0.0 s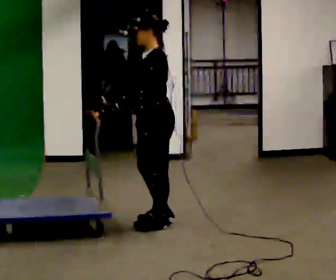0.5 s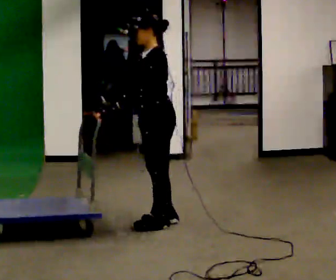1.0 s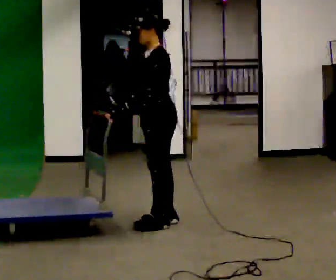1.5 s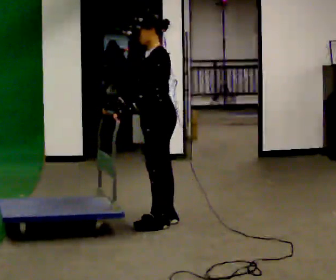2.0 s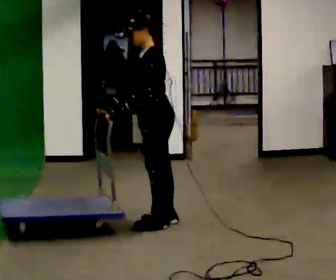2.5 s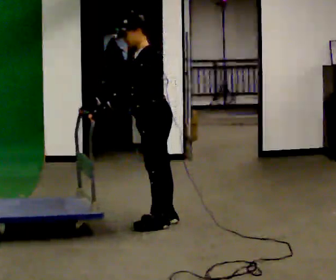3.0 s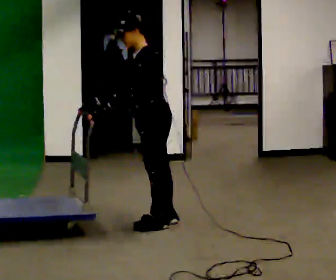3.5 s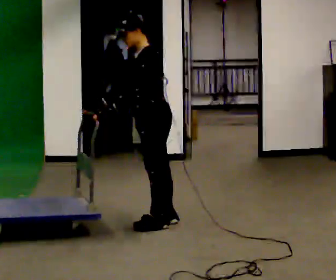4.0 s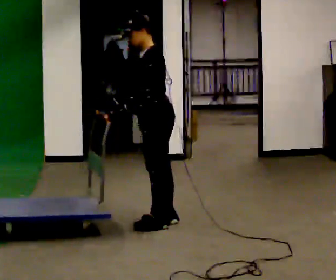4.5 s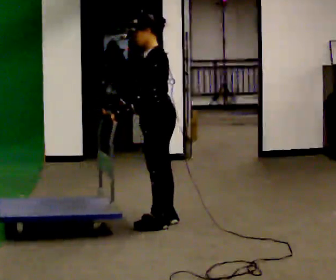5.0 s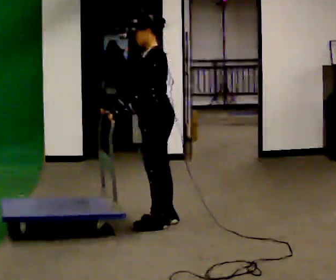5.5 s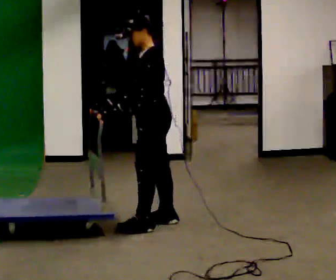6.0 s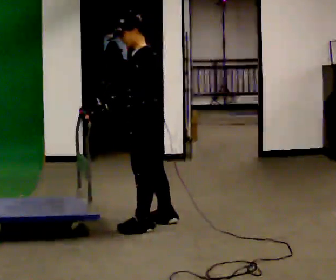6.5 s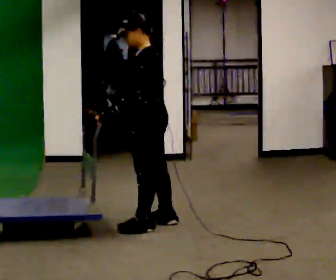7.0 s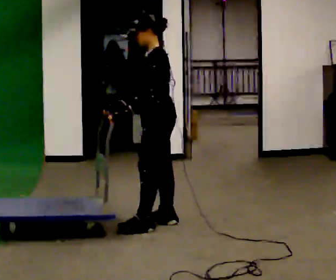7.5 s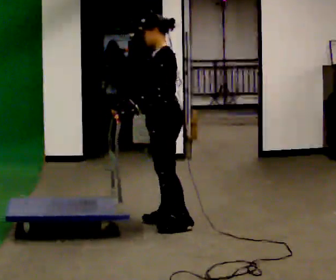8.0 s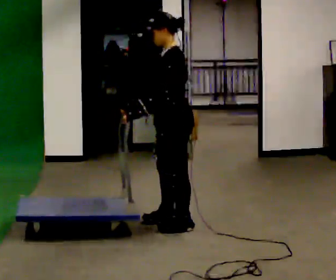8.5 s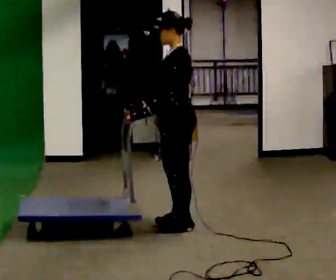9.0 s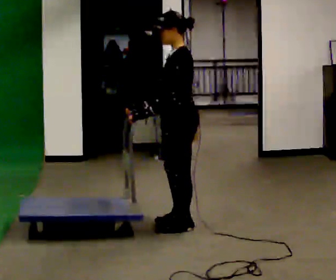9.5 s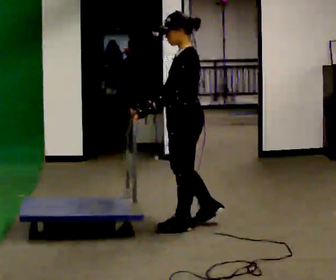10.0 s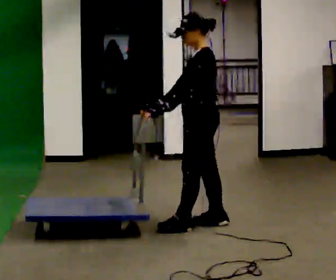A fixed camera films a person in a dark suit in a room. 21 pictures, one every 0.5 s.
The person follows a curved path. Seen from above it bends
clockwise.
0.0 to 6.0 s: The person moves a little, or ends about where they began.
6.0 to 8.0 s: In the picture they go to the right, about 0.25 m in 1 step, which for them is backward. In the picture their right hand goes to the right.
8.0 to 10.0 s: In the picture they go to the right, about 0.25 m in 1 step, which for them is backward.
The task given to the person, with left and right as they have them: Get the cart into the marked parking space and lined up with the tape. Take as many adjustments as you need. Then take it out again and repeat.
The film runs forward here.
